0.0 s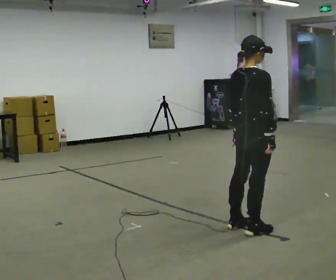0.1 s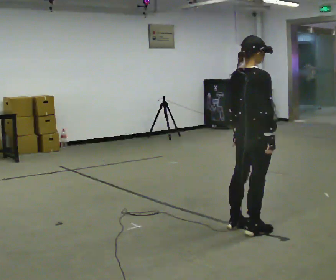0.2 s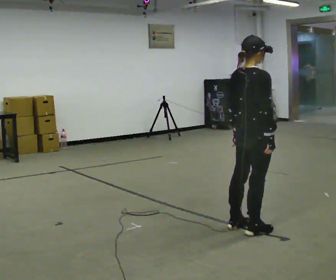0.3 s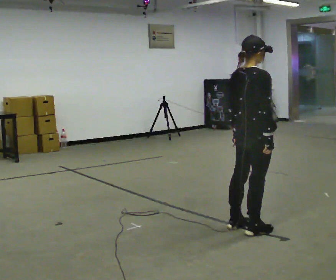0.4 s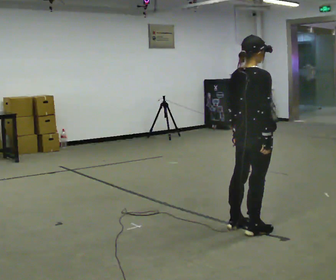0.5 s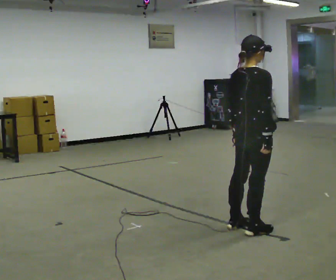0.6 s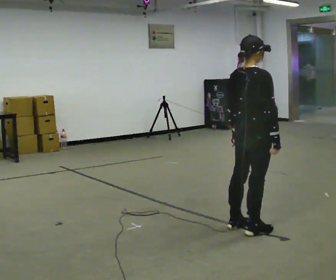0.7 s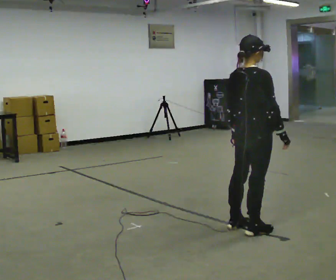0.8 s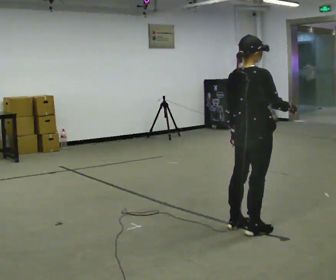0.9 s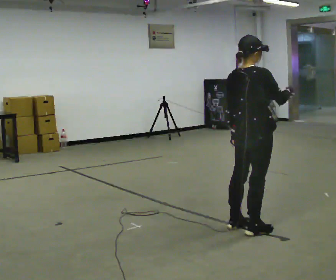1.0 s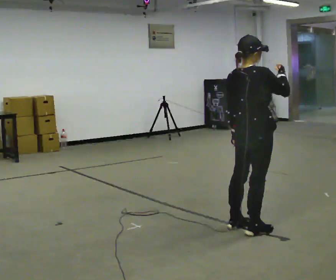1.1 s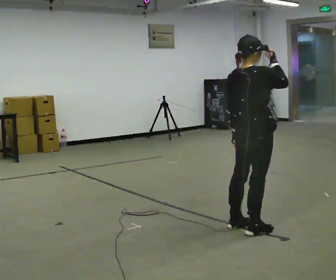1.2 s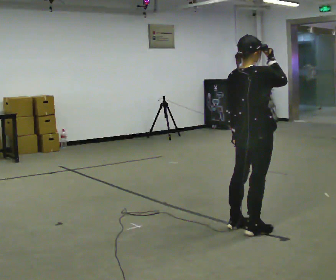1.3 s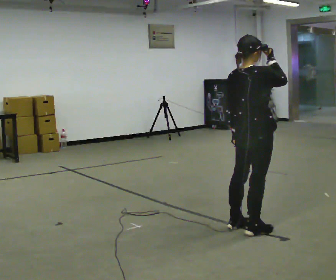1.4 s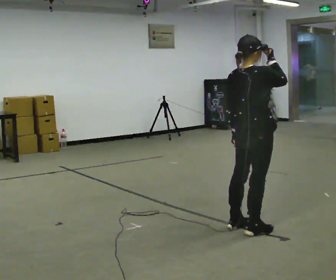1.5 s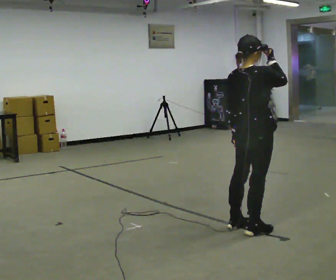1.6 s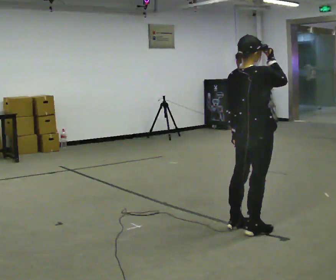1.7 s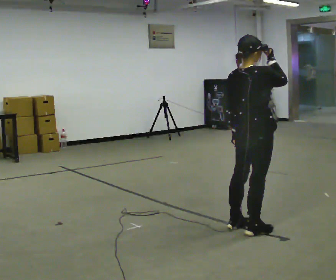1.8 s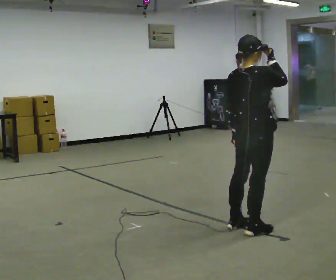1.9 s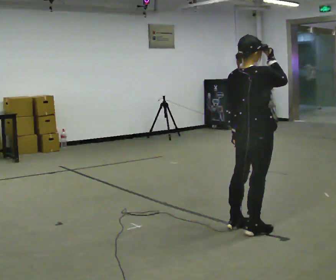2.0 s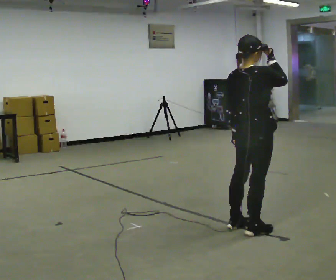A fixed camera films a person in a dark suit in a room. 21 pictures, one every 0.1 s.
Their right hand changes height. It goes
upward.
0.0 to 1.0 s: In the picture their right hand goes upward, the arm swinging counterclockwise.
1.0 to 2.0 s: The person moves a little, or ends about where they began.
The film runs backward here.
